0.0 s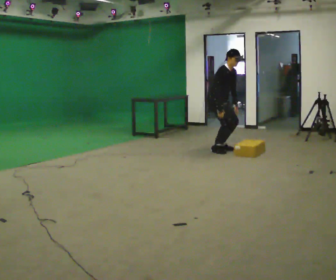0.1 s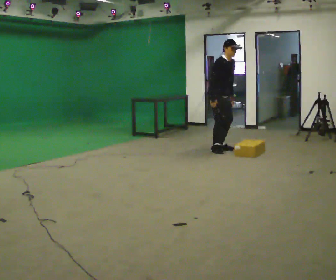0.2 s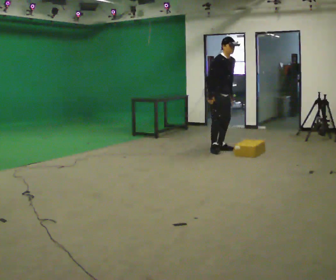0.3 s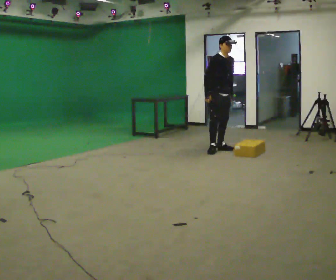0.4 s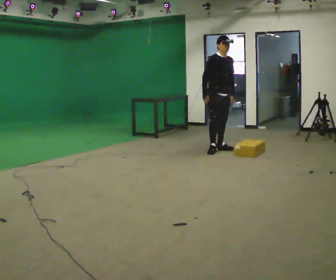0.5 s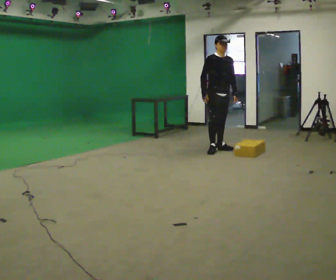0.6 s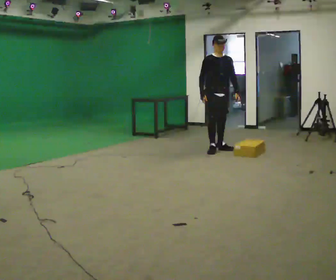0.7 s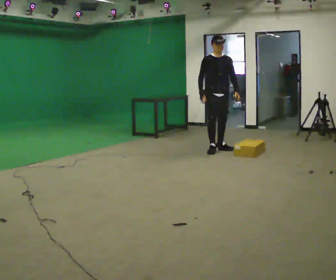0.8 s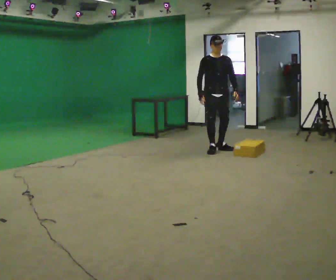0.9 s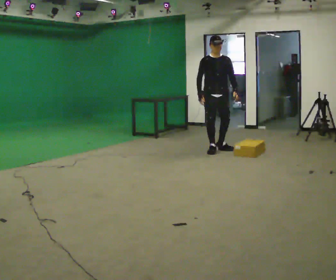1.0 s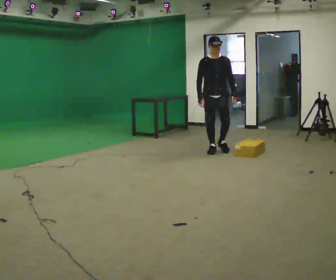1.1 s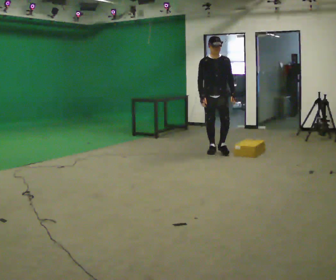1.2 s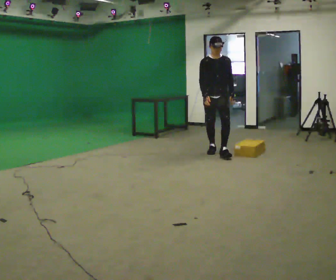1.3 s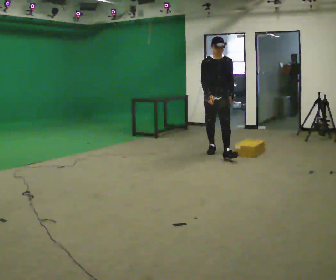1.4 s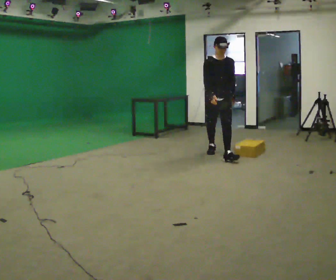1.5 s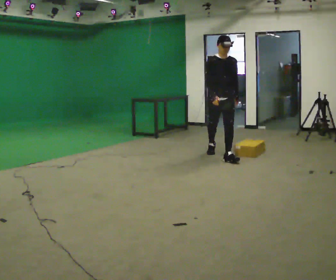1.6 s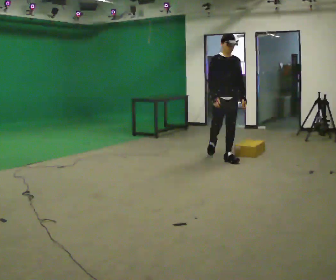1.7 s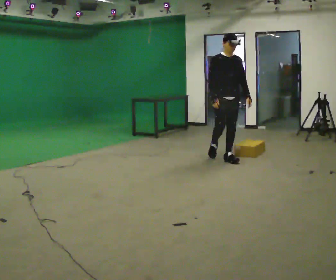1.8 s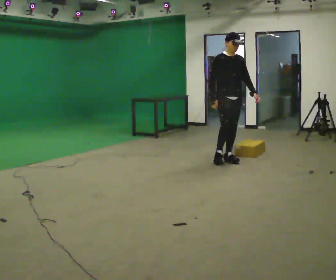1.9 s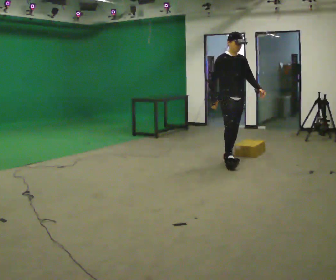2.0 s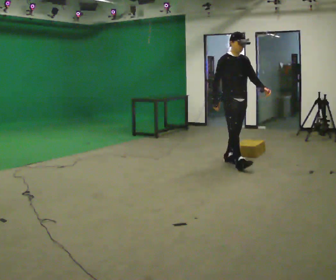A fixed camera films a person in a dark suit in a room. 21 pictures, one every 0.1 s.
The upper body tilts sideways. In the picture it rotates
counterclockwise.
The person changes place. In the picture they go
toward the camera.
0.0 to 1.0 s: Seen from above the body turns clockwise, about 45 degrees: to their right, with its near side sliding to the left. In the picture they go toward the camera, about 0.25 m. The shoulders move upward. In the picture the upper body tilts counterclockwise, shoulders to the left, as they lean back or straighten.
1.0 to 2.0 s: The part of the body nearest the lens slides to the right as the person turns to their left by about 30 degrees. In the picture they go toward the camera and to the right, about 0.5 m in 1 step, which for them is forward.
The film runs forward here.
